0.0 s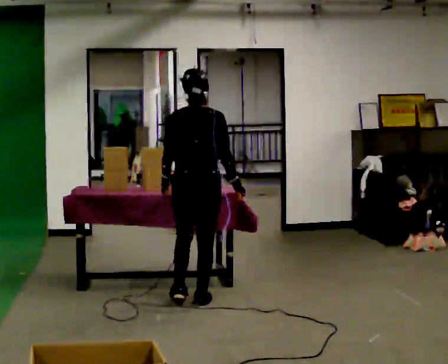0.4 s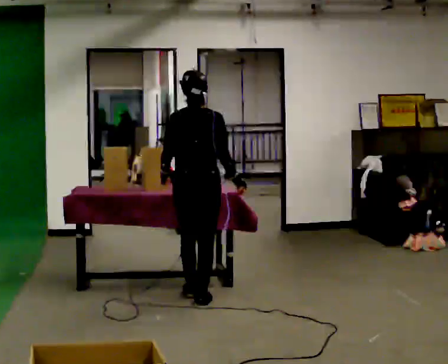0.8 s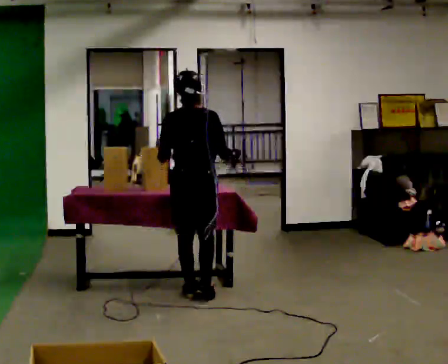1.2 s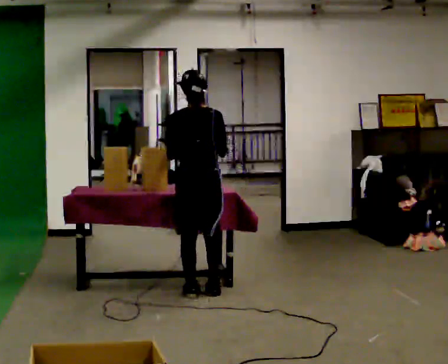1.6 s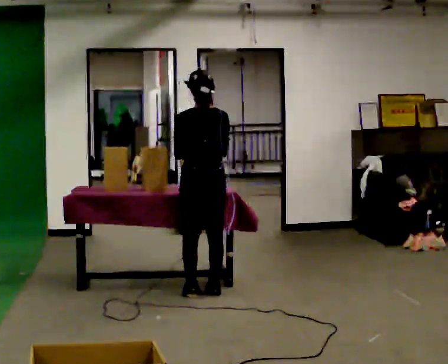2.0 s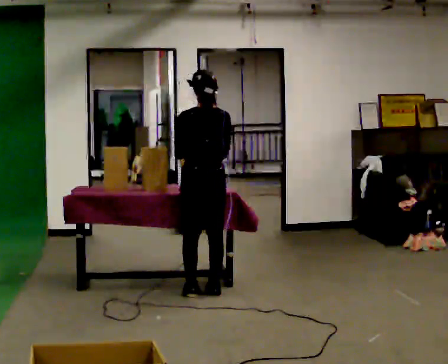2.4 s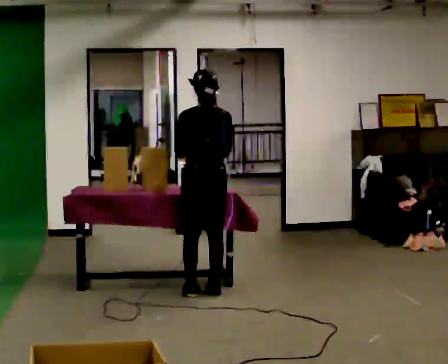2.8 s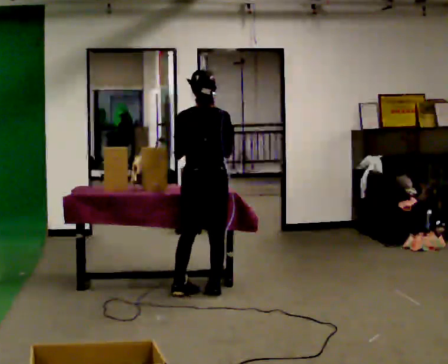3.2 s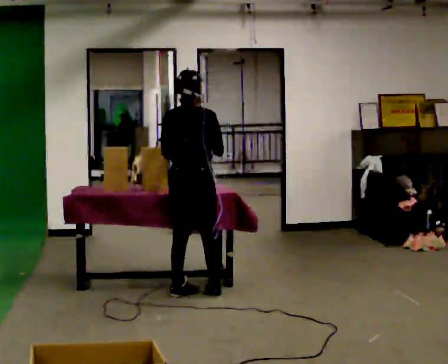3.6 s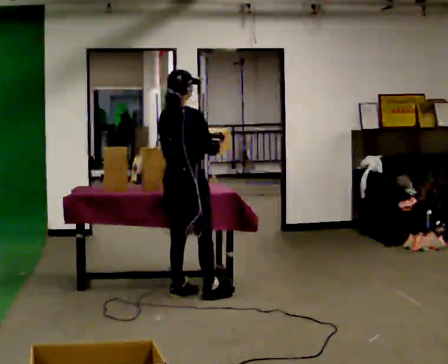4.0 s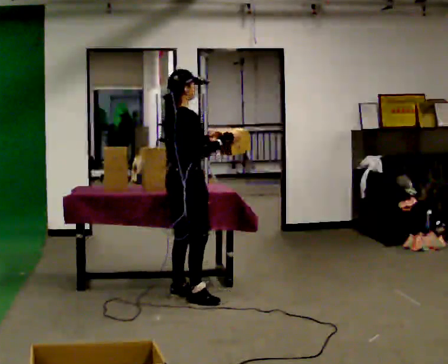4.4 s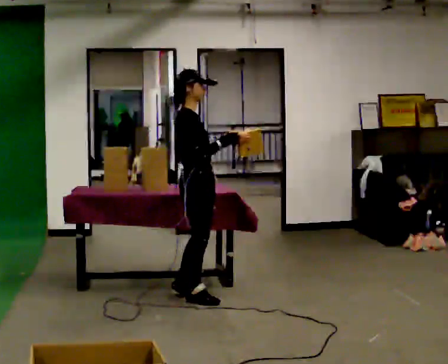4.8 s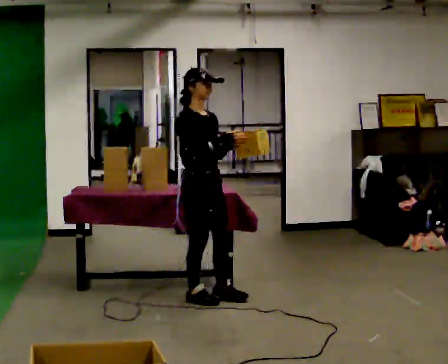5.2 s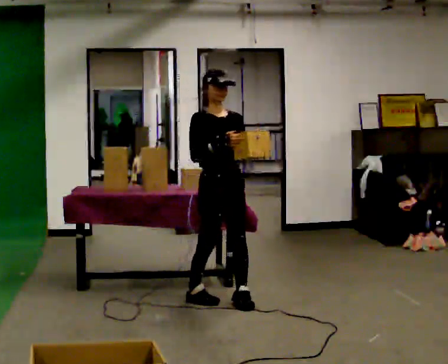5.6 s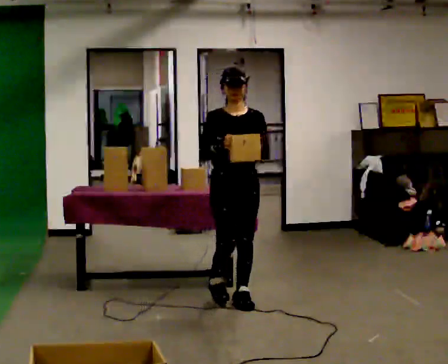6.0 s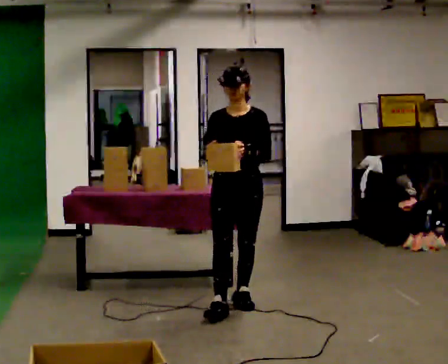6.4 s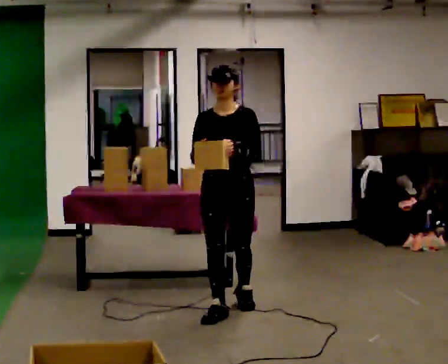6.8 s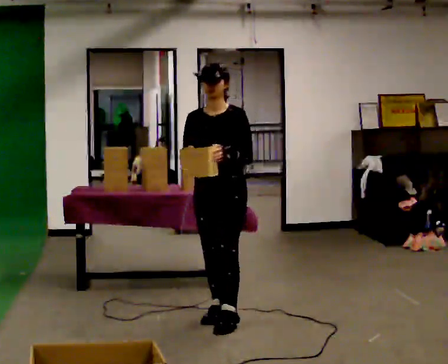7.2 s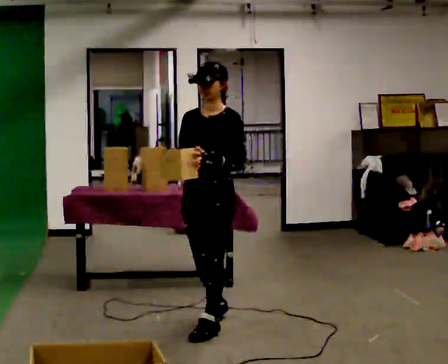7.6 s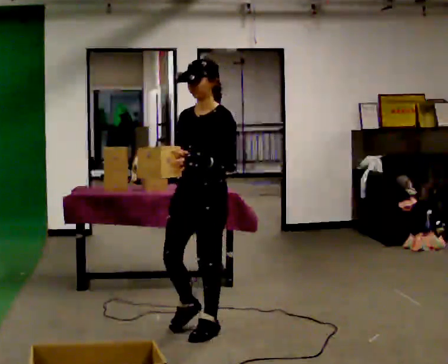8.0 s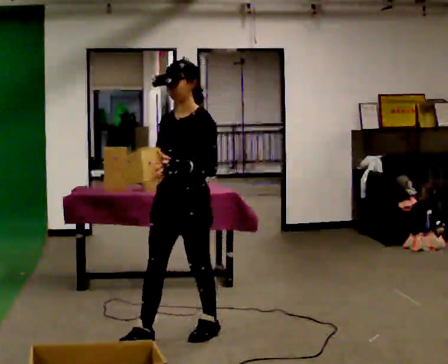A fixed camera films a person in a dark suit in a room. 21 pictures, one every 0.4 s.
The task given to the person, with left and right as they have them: Carry the object across the room, open the lid of the container, put the object inside, and close the lid again. Then go back for the next one. Keep going until the operator says stop; one object at a time, and do not rush between trips.
0.0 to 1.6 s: In the picture they go away from the camera, about 0.25 m in 2 steps, which for them is forward.
1.6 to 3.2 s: The person turns about 30 degrees to their right, clockwise seen from above, so the part of the body nearest the lens slides to the left.
3.2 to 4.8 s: Seen from above the body turns clockwise, about 105 degrees: to their right, with its near side sliding to the left. In the picture they go toward the camera, about 0.25 m in 1 step.
4.8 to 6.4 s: The person turns about 60 degrees to their right, clockwise seen from above, so the part of the body nearest the lens slides to the left. In the picture they go toward the camera and to the right, about 0.25 m in 2 steps.
6.4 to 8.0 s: Seen from above the body turns clockwise, about 30 degrees: to their right, with its near side sliding to the left. In the picture they go toward the camera and to the left, about 0.5 m in 2 steps, which for them is forward.
The film runs forward here.
